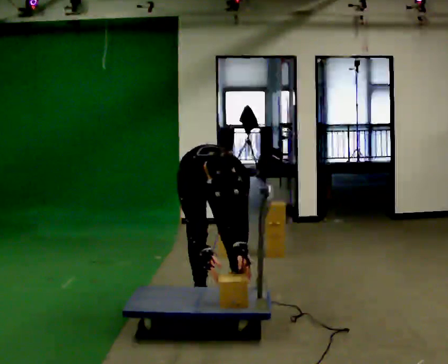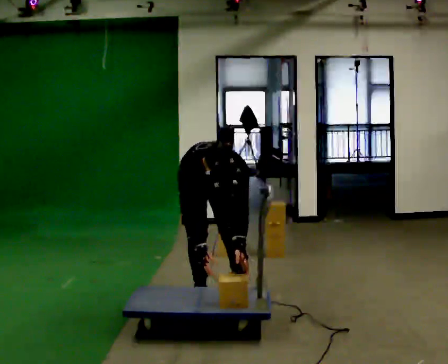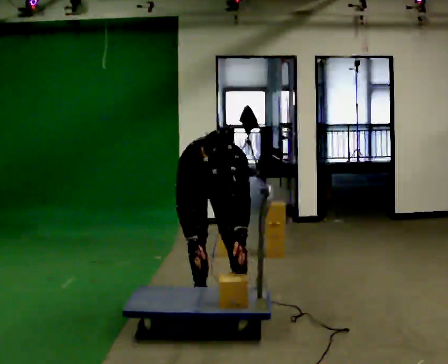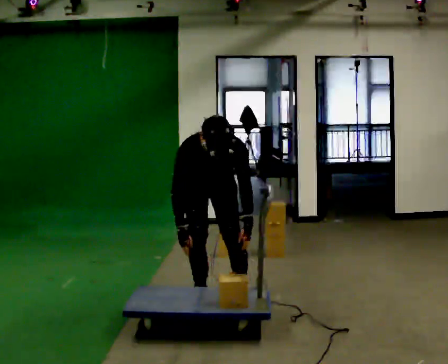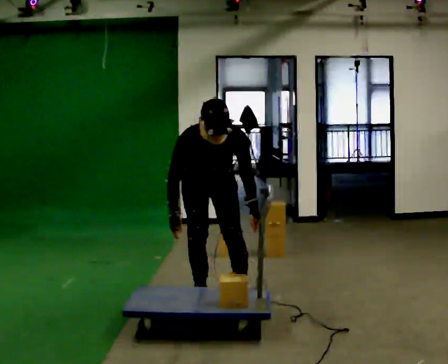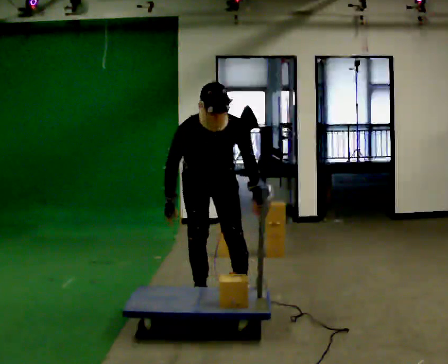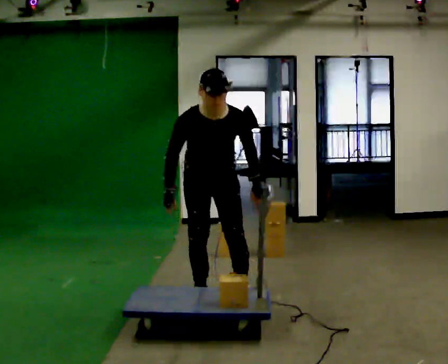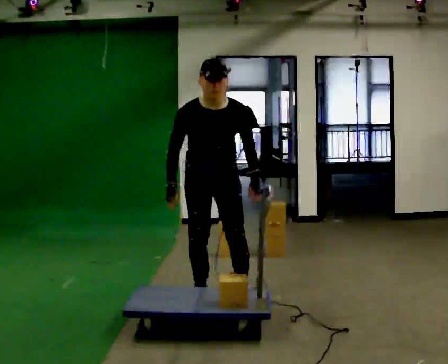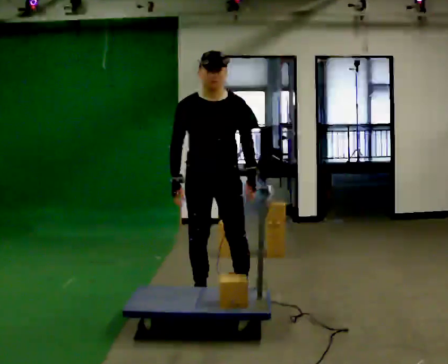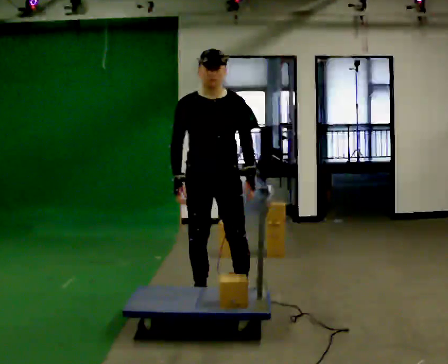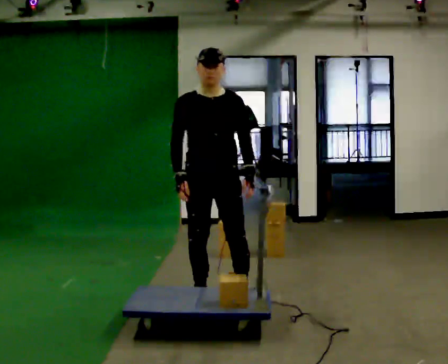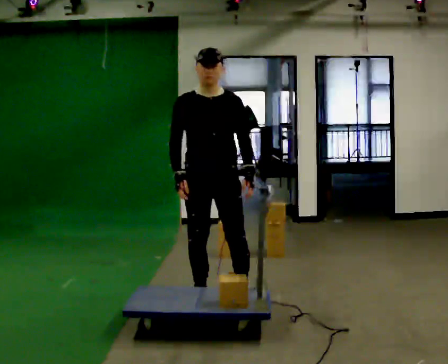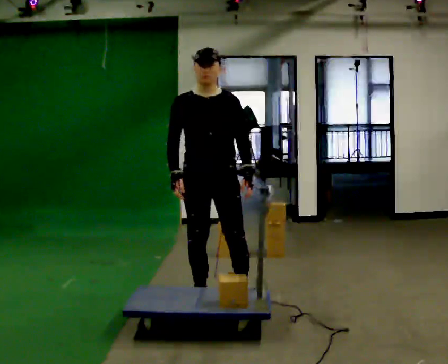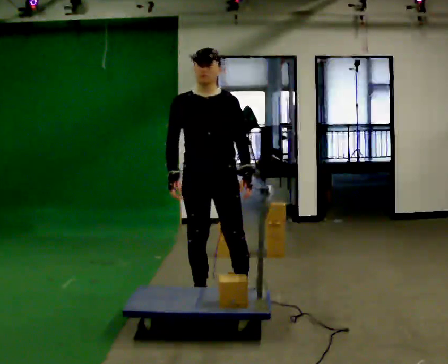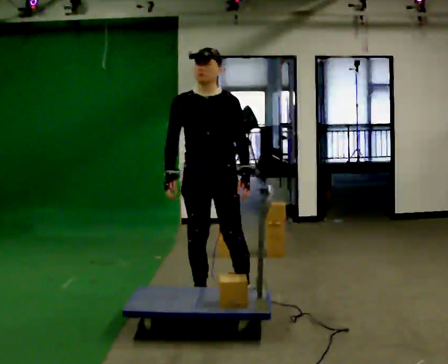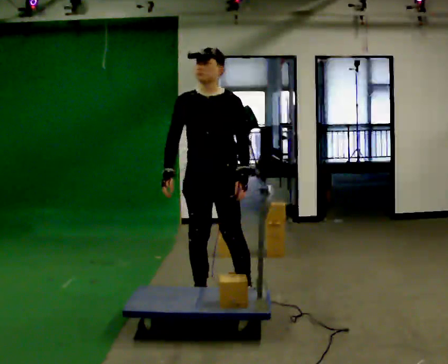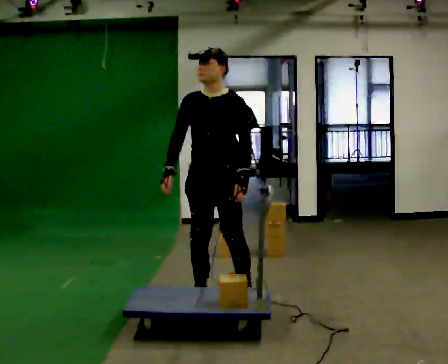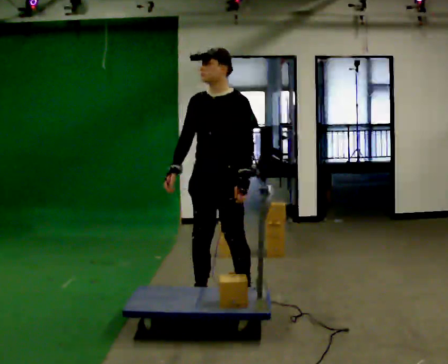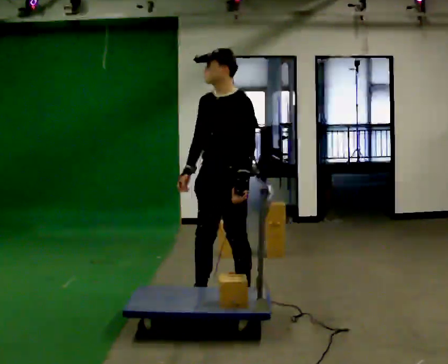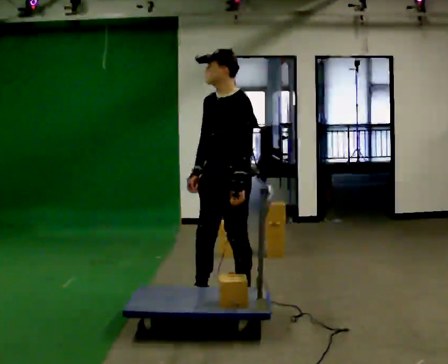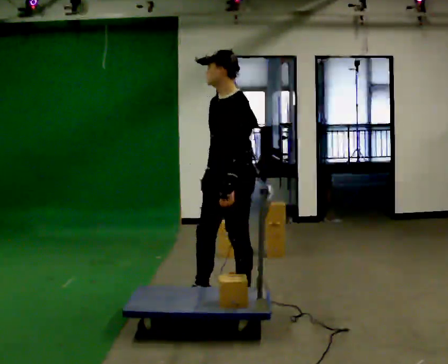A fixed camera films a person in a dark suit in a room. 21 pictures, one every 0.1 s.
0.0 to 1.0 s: The upper body goes upward. The upper body tips away from the camera, its near side rolling upward, as they lean back or straighten. In the picture their right hand goes upward.
1.0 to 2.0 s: The part of the body nearest the lens slides to the left as the person turns to their right by about 60 degrees. In the picture they go to the right, about 0.25 m.
The film runs forward here.
